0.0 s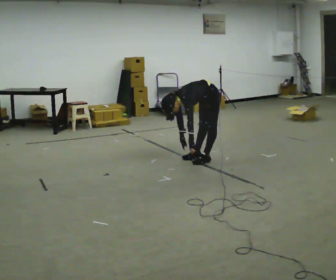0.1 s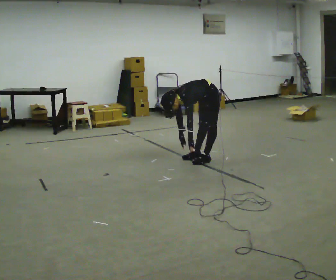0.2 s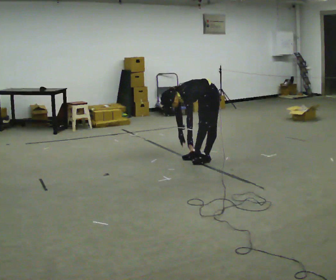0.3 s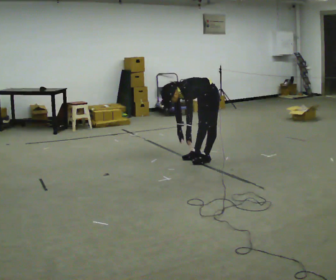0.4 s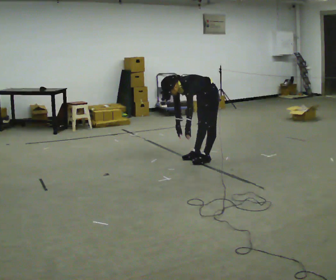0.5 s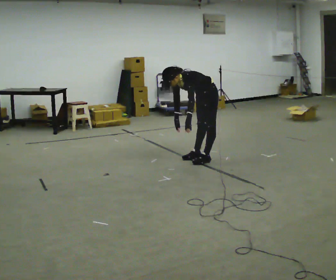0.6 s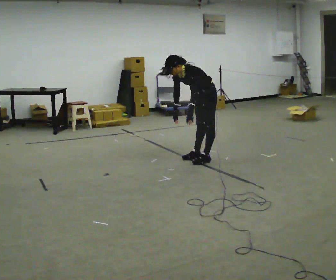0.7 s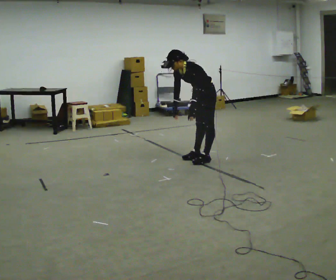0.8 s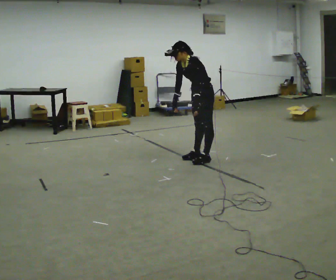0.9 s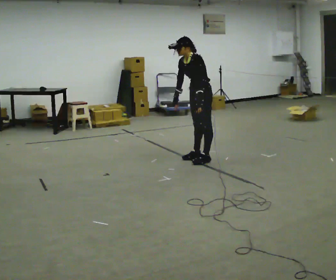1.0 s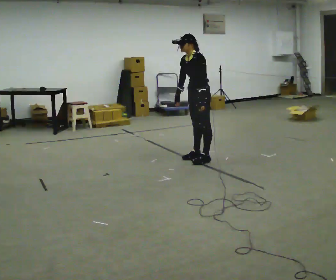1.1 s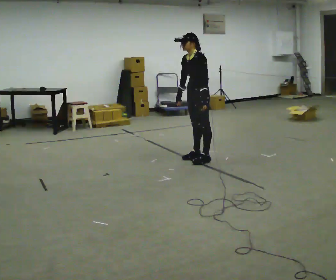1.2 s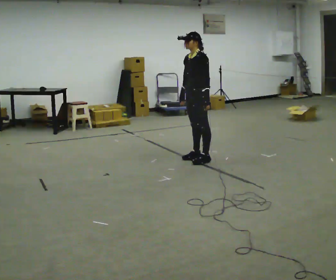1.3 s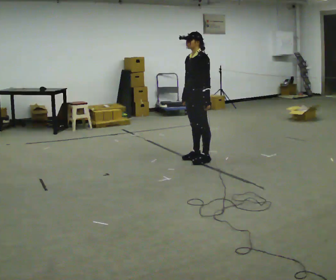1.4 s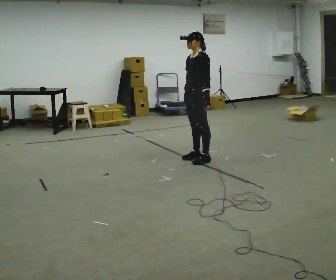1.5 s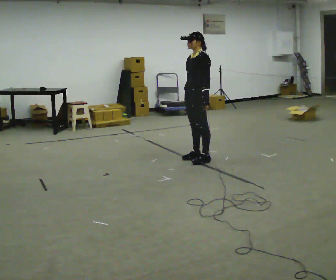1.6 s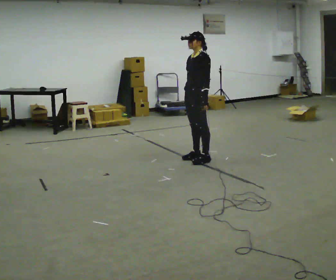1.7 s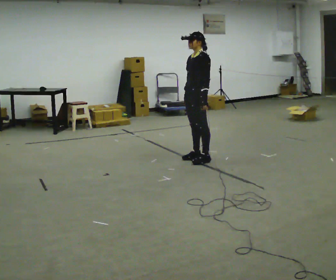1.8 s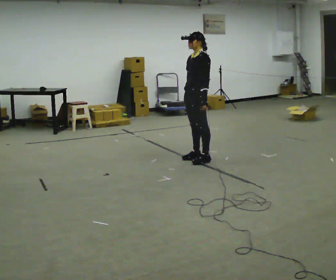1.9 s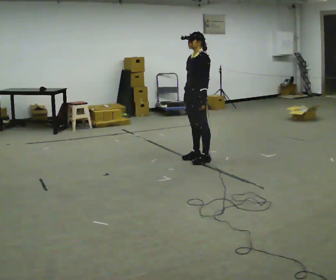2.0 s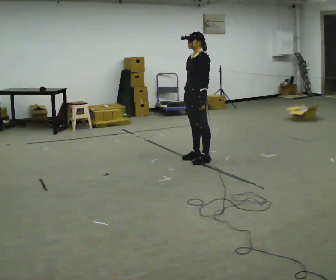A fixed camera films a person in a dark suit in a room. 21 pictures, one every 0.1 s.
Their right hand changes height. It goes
upward.
The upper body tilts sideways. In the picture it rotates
clockwise.
0.0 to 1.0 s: The shoulders move upward. In the picture the upper body tilts clockwise, shoulders to the right, as they lean back or straighten. In the picture their right hand goes upward.
1.0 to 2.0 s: In the picture the upper body tilts clockwise, shoulders to the right, as they lean back or straighten.
The film runs forward here.
